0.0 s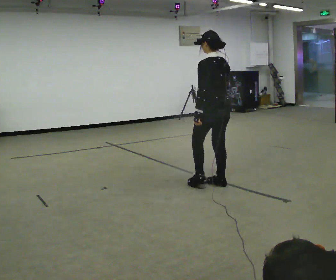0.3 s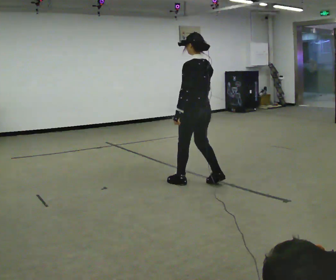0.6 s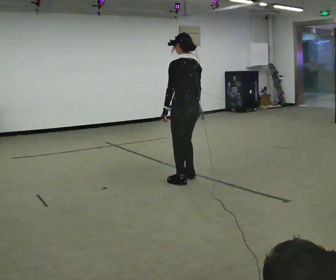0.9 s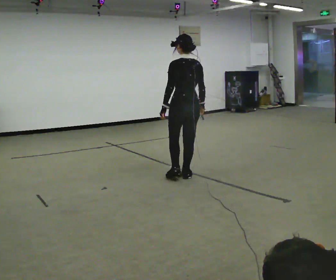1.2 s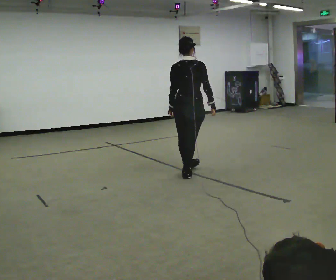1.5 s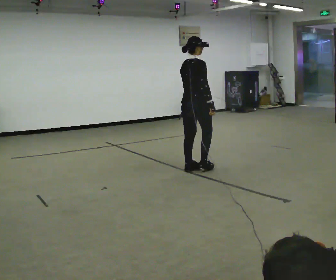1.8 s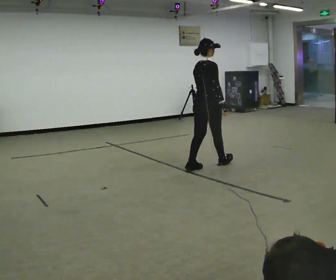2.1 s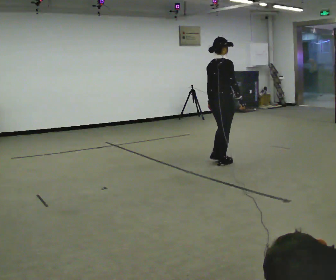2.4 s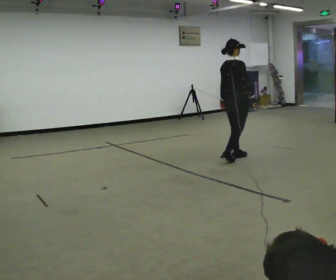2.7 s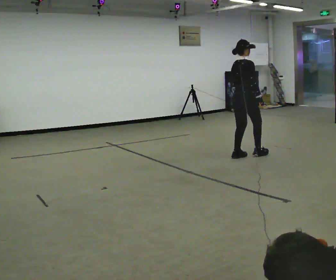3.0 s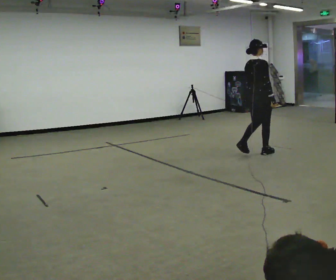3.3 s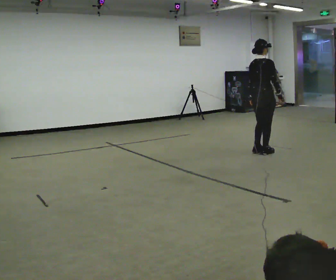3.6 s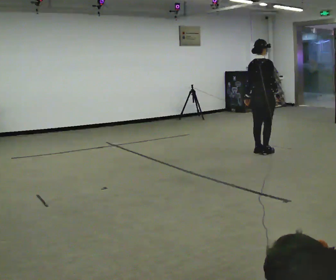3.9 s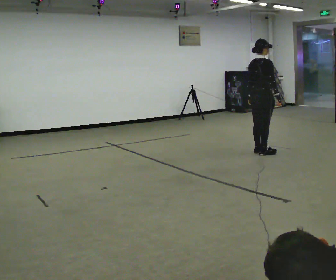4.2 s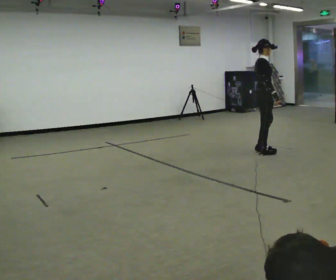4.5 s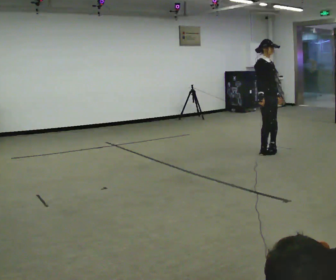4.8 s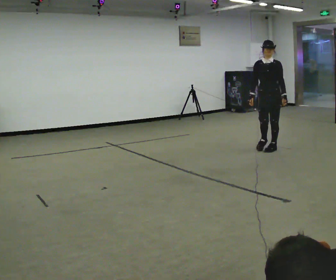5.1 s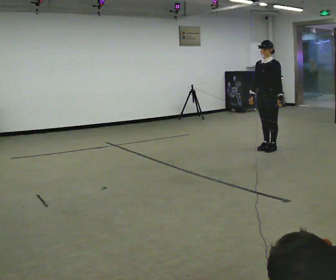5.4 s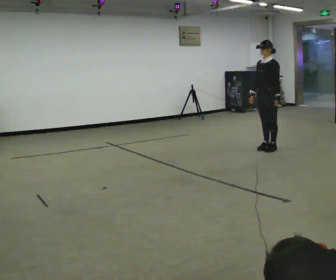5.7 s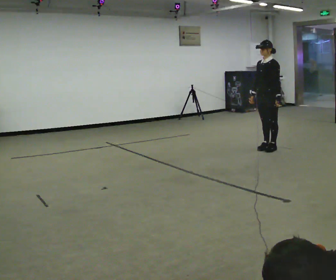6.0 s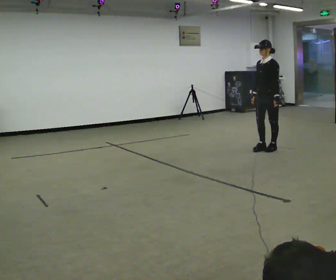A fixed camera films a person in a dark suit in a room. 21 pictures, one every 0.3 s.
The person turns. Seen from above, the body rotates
clockwise.
The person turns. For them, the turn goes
to their right.
0.0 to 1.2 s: The person turns about 45 degrees to their right, clockwise seen from above, so the part of the body nearest the lens slides to the left. In the picture they go away from the camera and to the left, about 0.5 m in 2 steps, which for them is forward.
1.2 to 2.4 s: Seen from above the body turns clockwise, about 45 degrees: to their right, with its near side sliding to the left. In the picture they go away from the camera and to the right, about 1 m in 3 steps, which for them is forward.
2.4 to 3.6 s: In the picture they go away from the camera and to the right, about 0.5 m in 1 step, which for them is forward.
3.6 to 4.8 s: The person turns about 135 degrees to their right, clockwise seen from above, so the part of the body nearest the lens slides to the left. In the picture they go away from the camera, about 0.25 m in 2 steps. In the picture their right hand goes to the left, the arm swinging clockwise.
4.8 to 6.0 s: The part of the body nearest the lens slides to the left as the person turns to their right by about 45 degrees.
The film runs backward here.
